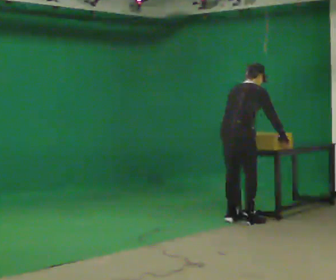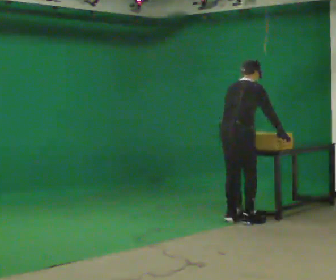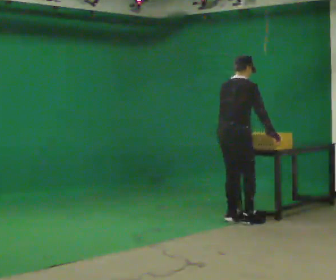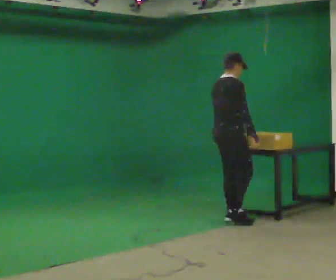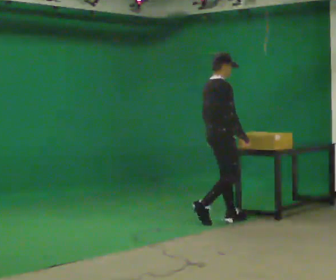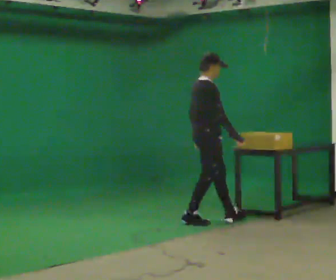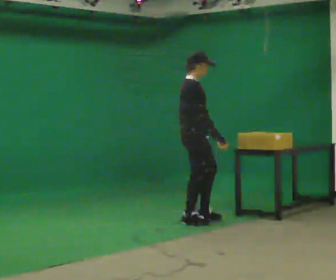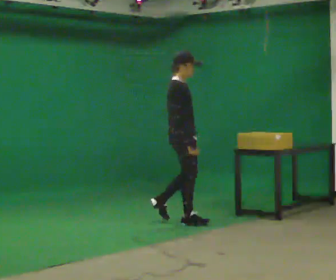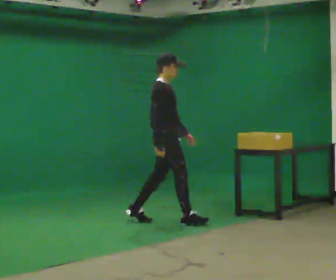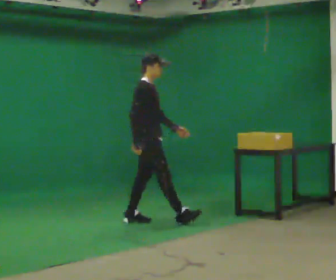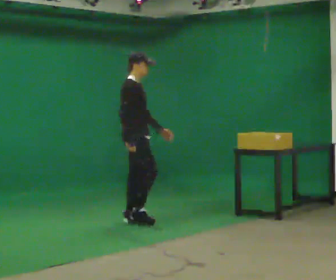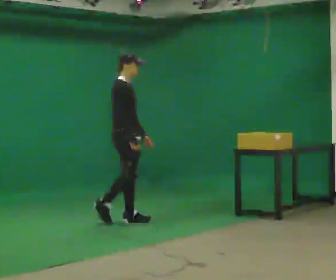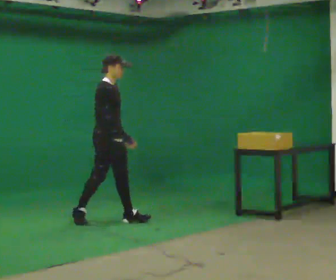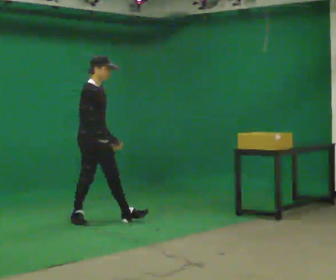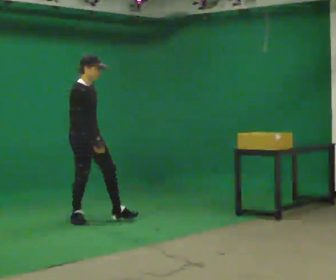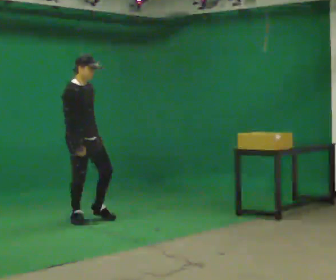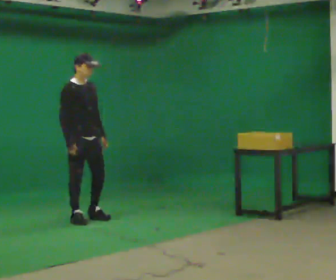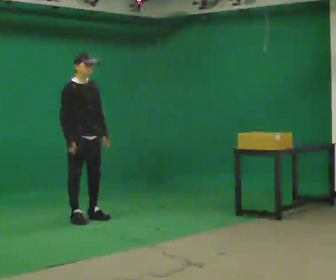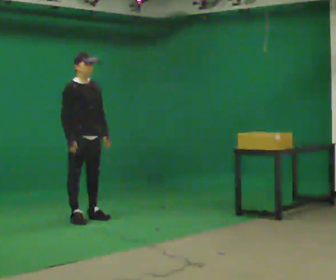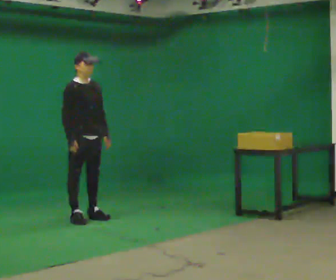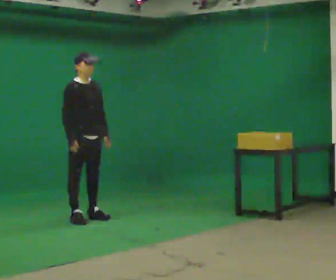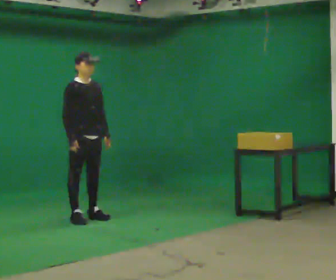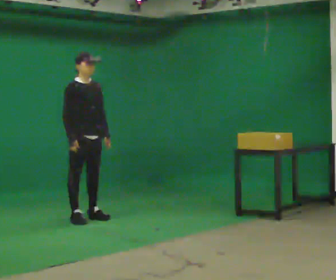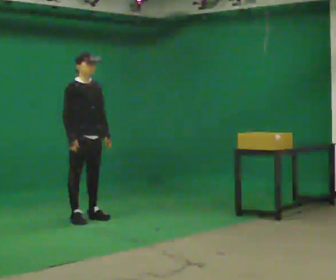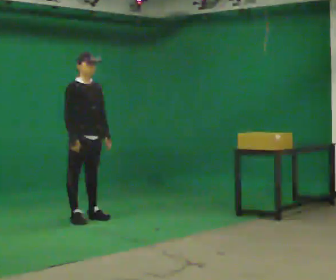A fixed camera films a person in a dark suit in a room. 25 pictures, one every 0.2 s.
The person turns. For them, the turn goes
to their right.
The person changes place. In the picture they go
to the left.
0.0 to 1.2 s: The part of the body nearest the lens slides to the left as the person turns to their right by about 45 degrees. In the picture they go to the left, about 0.5 m in 2 steps, which for them is backward and to their left. The upper body tips toward the camera, its near side rolling downward, as they lean back or straighten.
1.2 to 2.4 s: In the picture they go to the left, about 1 m in 1 step, which for them is backward.
2.4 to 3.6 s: Seen from above the body turns clockwise, about 30 degrees: to their right, with its near side sliding to the left. In the picture they go to the left, about 0.25 m in 1 step, which for them is backward.
3.6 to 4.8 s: The person moves a little, or ends about where they began.
The film runs backward here.
